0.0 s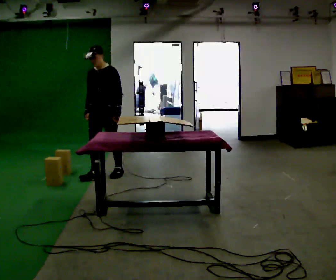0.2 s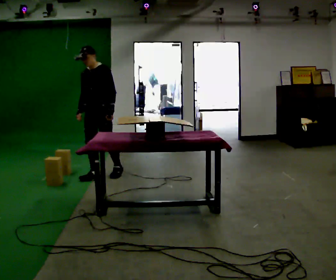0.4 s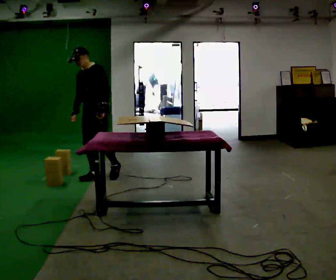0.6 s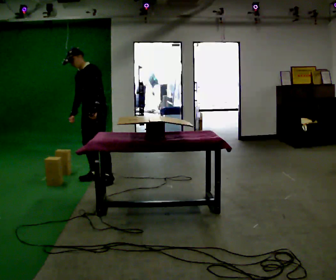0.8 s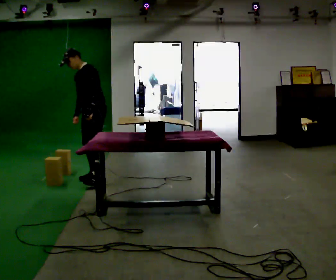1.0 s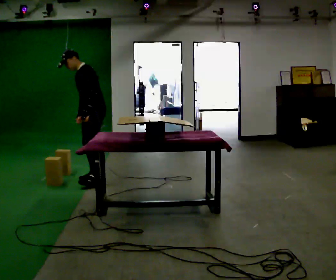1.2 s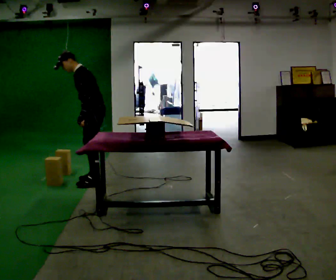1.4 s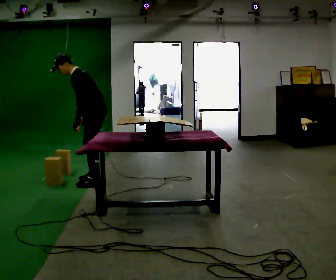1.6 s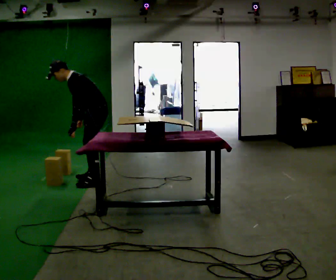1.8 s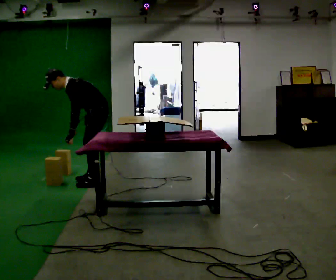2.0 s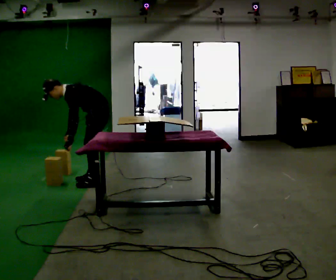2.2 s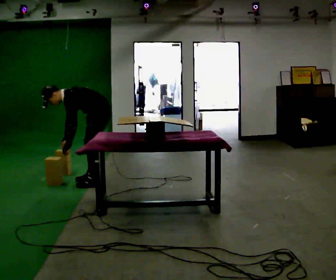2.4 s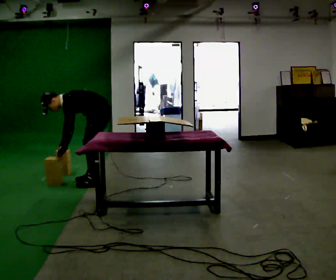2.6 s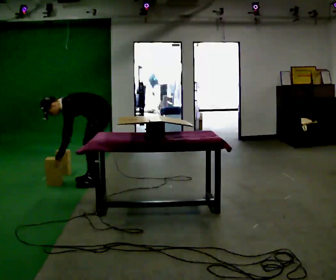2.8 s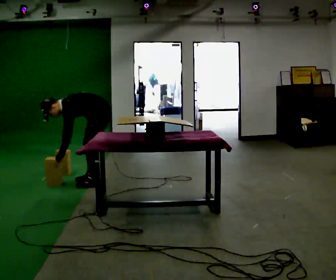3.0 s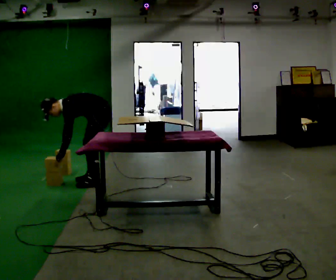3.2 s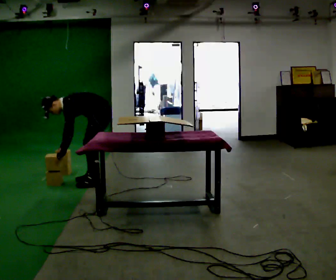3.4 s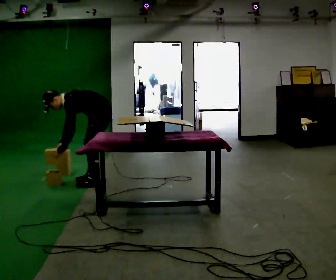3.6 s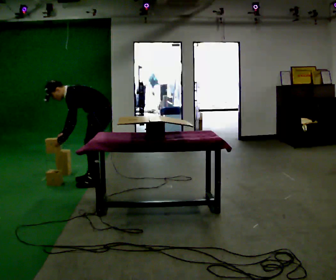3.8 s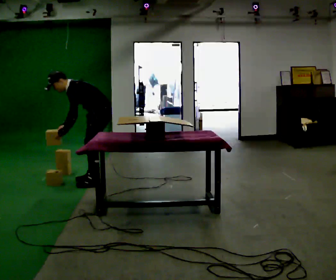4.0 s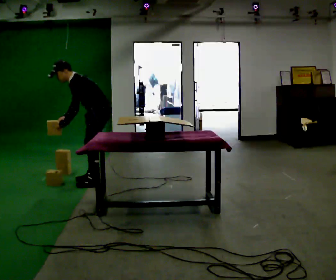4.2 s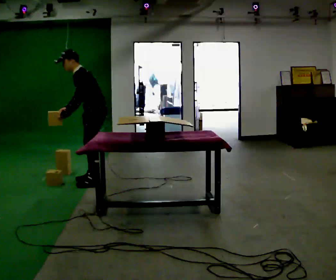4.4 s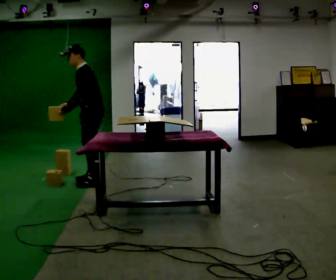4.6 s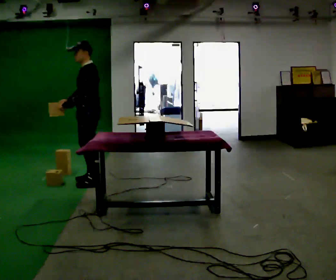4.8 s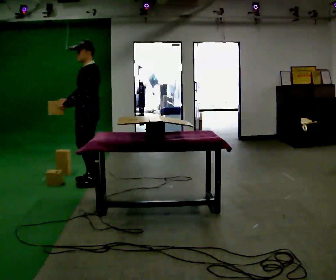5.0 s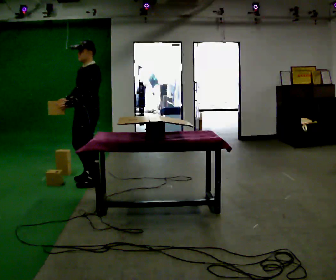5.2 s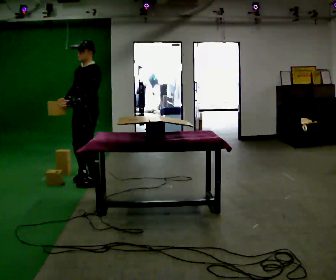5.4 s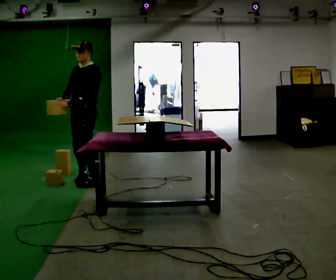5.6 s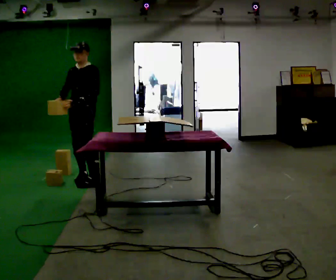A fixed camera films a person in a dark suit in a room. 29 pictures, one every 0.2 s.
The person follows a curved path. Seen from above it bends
clockwise.
0.0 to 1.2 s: Seen from above the body turns clockwise, about 45 degrees: to their right, with its near side sliding to the left. In the picture they go toward the camera, about 0.25 m in 1 step, which for them is forward and to their left. In the picture the upper body tilts counterclockwise, shoulders to the left, as they bend forward.
1.2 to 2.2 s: The upper body goes downward. In the picture the upper body tilts counterclockwise, shoulders to the left, as they bend forward.
2.2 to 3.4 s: The person moves a little, or ends about where they began.
3.4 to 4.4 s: The upper body goes upward. In the picture the upper body tilts clockwise, shoulders to the right, as they lean back or straighten. In the picture their left hand goes upward.
4.4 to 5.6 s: Seen from above the body turns counterclockwise, about 45 degrees: to their left, with its near side sliding to the right. In the picture they go away from the camera, about 0.25 m in 1 step, which for them is to their right. In the picture the upper body tilts clockwise, shoulders to the right, as they lean back or straighten.
The film runs forward here.
